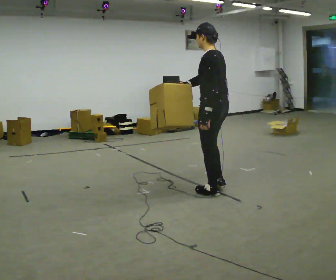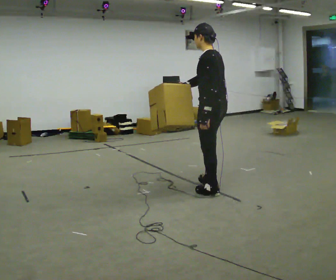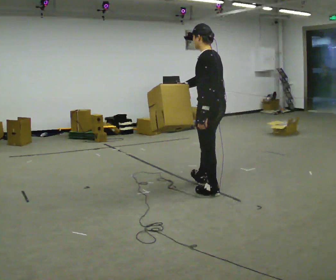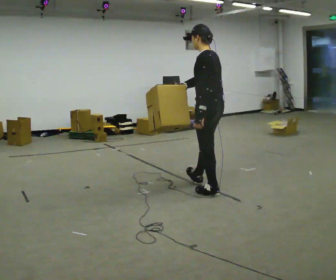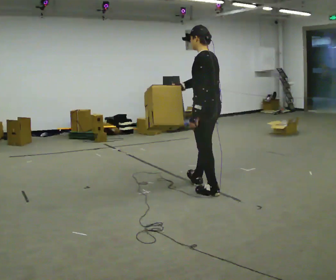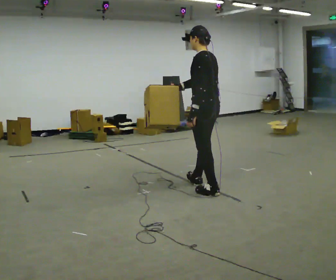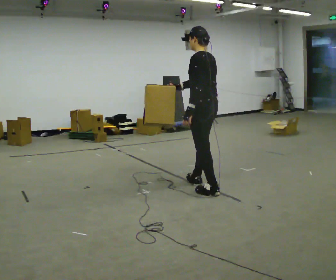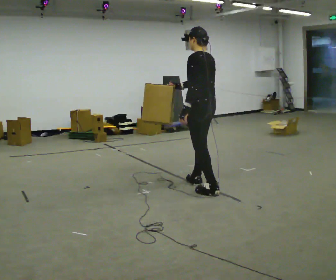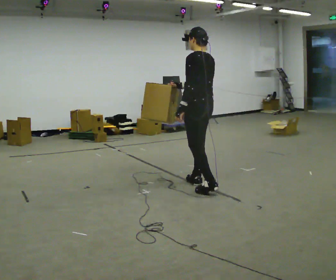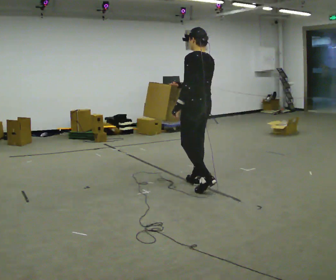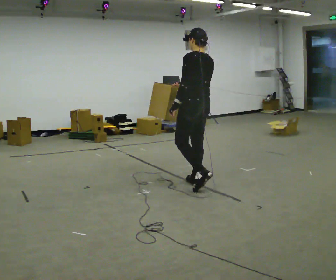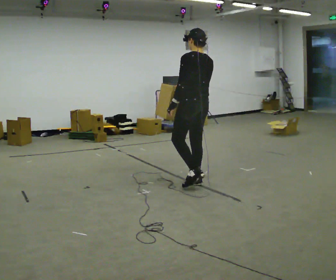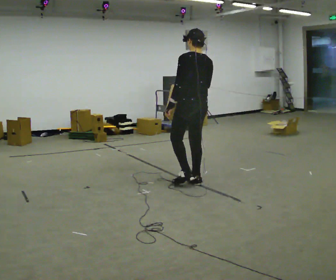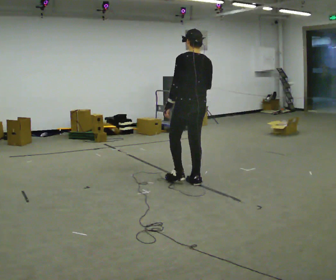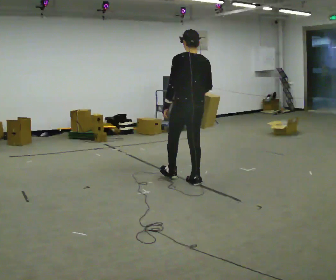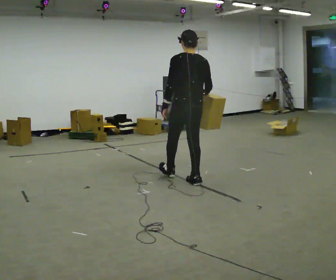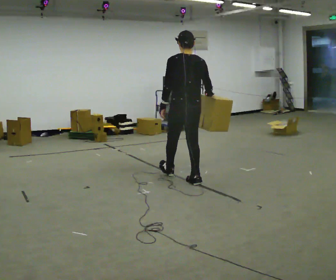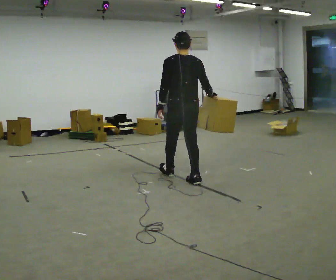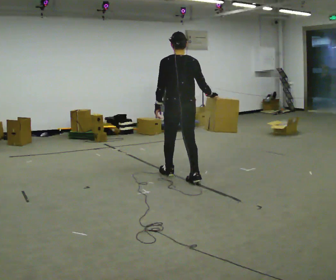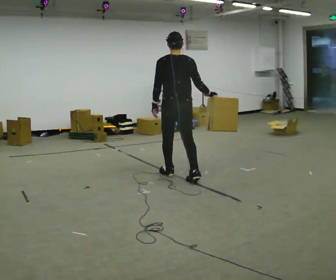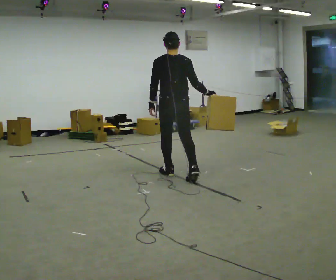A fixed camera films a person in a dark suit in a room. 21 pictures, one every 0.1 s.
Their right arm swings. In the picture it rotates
counterclockwise.
0.0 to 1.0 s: In the picture they go away from the camera and to the left, about 0.5 m in 1 step, which for them is forward and to their right.
1.0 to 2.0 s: The part of the body nearest the lens slides to the left as the person turns to their right by about 30 degrees. In the picture they go away from the camera and to the left, about 0.5 m in 1 step, which for them is forward and to their left.
The film runs forward here.
